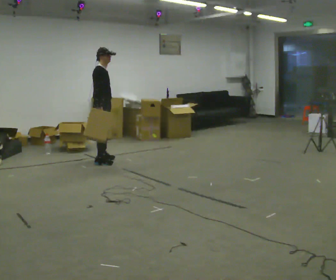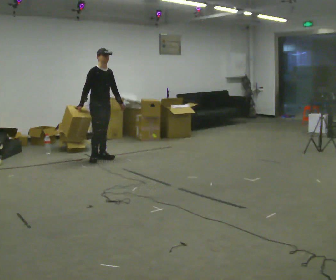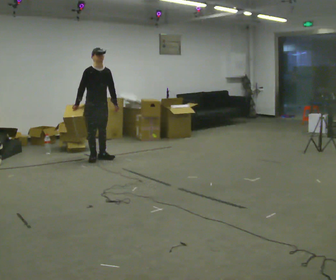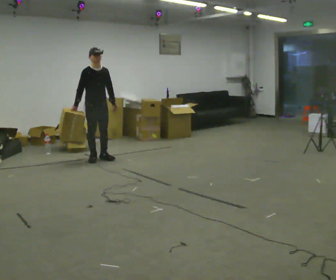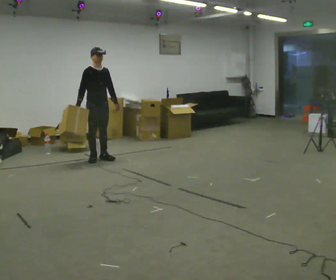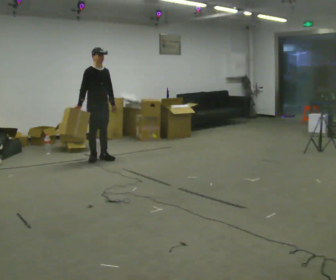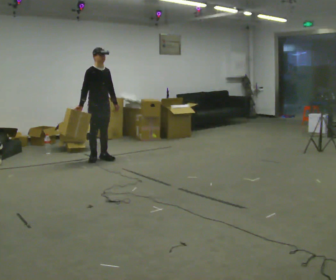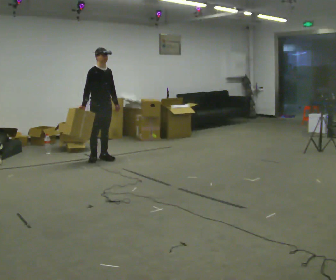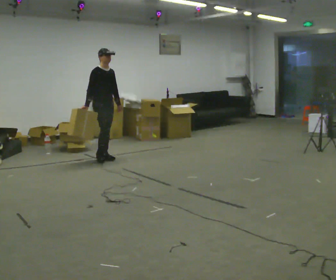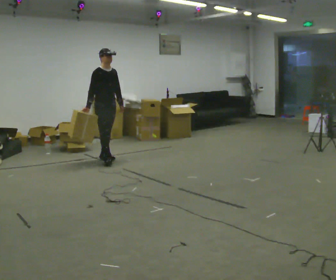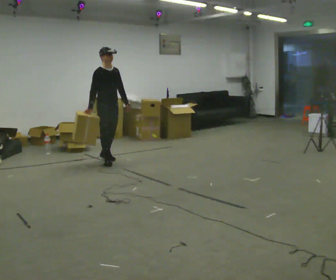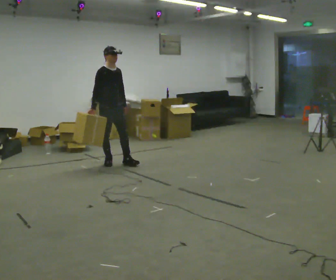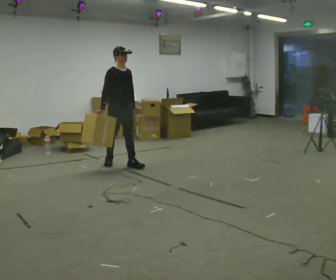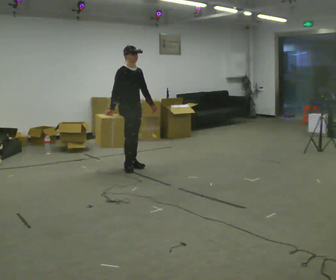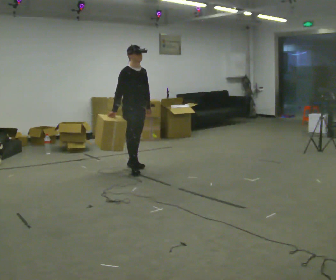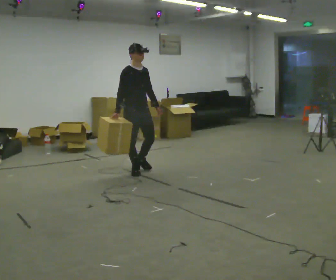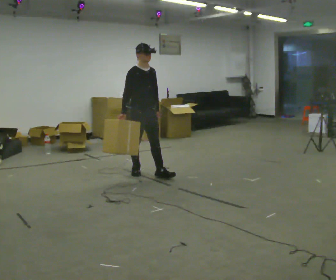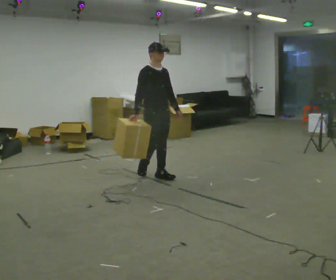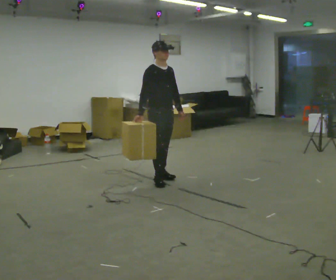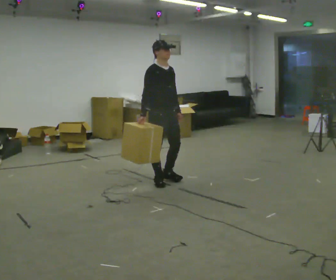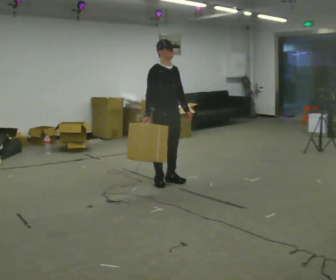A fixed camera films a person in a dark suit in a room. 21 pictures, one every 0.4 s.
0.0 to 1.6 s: Seen from above the body turns clockwise, about 45 degrees: to their right, with its near side sliding to the left.
1.6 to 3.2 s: The person moves a little, or ends about where they began.
3.2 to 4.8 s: In the picture they go toward the camera and to the right, about 0.5 m in 2 steps, which for them is forward.
4.8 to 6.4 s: In the picture they go toward the camera and to the right, about 0.5 m in 2 steps, which for them is forward.
6.4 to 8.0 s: In the picture they go toward the camera and to the right, about 0.5 m in 2 steps, which for them is forward.
The film runs forward here.
